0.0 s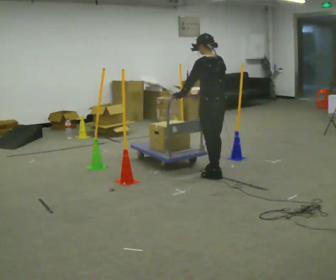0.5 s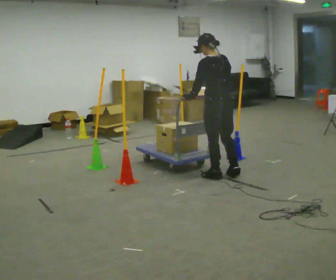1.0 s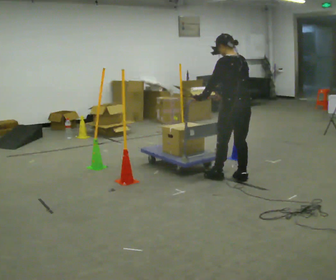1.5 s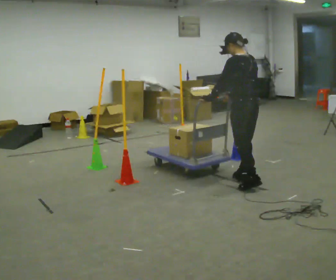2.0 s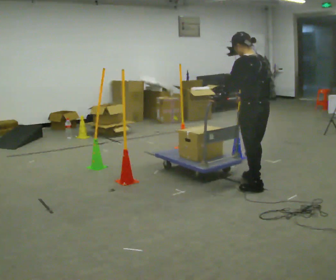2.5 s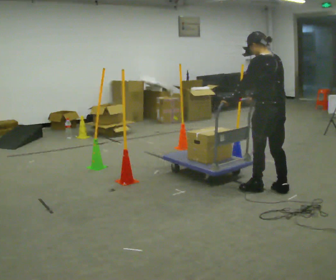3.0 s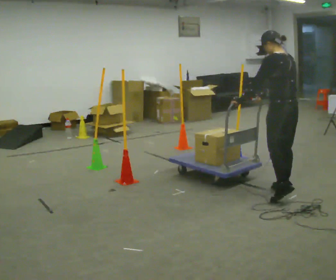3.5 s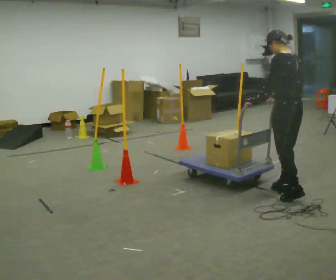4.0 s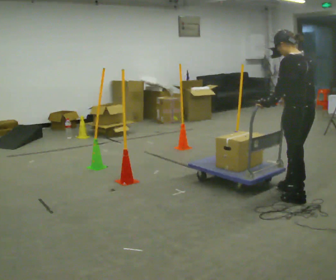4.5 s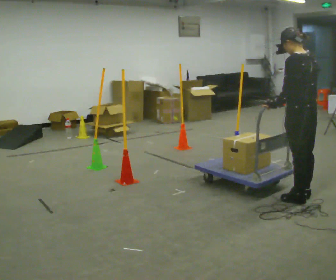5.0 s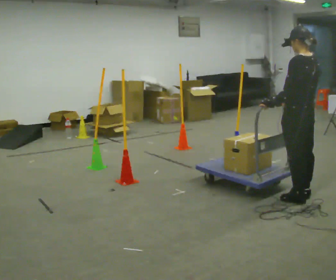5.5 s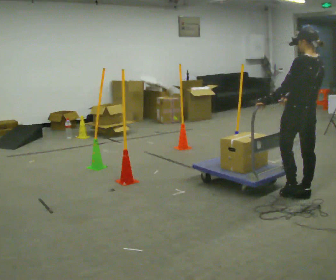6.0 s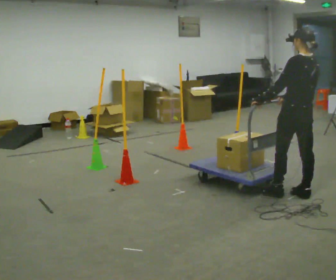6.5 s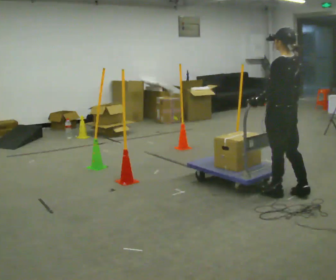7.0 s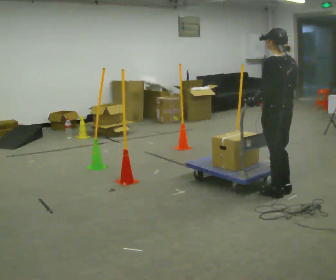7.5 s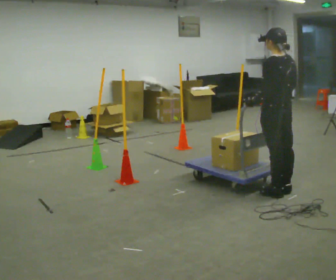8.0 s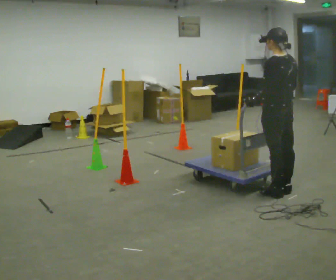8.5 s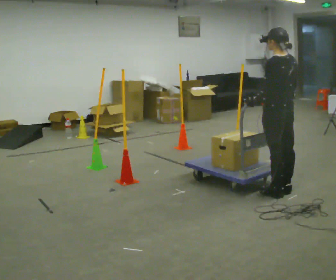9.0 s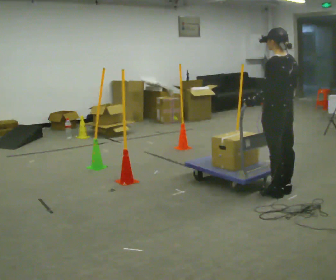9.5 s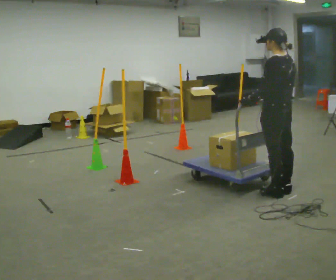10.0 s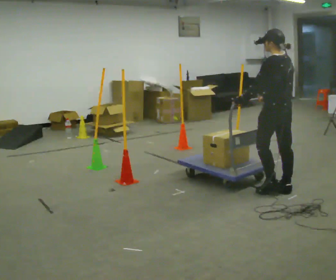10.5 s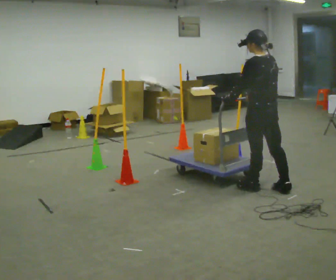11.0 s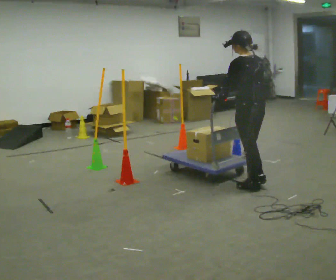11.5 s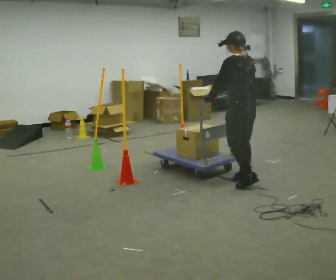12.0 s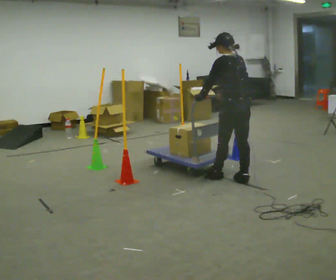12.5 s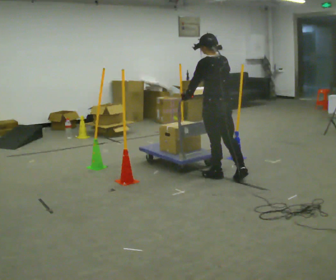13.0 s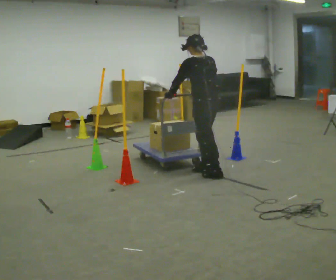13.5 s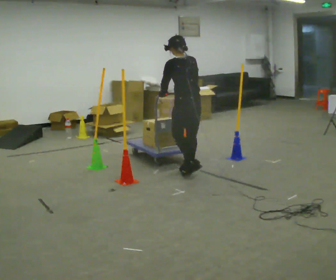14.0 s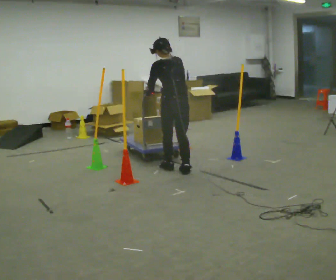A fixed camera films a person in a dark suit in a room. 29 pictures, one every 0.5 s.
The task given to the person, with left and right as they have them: Push the cart in and out of the line of poles without touching any of them. Keep going until the operator says stop.
0.0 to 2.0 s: In the picture they go to the right and toward the camera, about 0.75 m in 2 steps, which for them is backward.
2.0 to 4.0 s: In the picture they go to the right and toward the camera, about 0.5 m in 2 steps, which for them is backward.
4.0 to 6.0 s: In the picture they go away from the camera, about 0.25 m in 2 steps.
6.0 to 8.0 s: In the picture they go to the left, about 0.25 m in 1 step, which for them is forward.
8.0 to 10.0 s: The person moves a little, or ends about where they began.
10.0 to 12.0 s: In the picture they go to the left and away from the camera, about 0.5 m in 2 steps, which for them is forward.
12.0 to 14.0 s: In the picture they go to the left and away from the camera, about 1 m in 3 steps, which for them is forward.
The film runs forward here.
